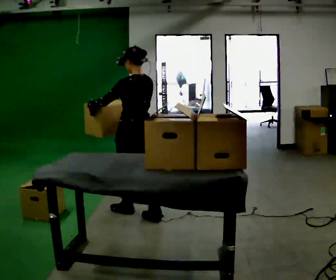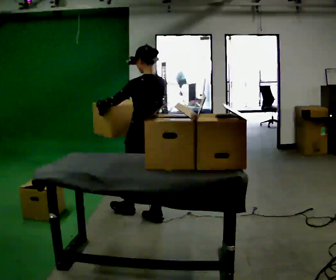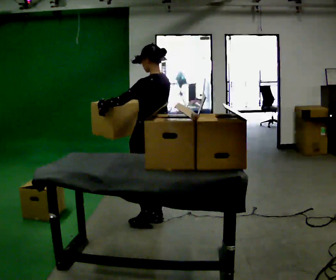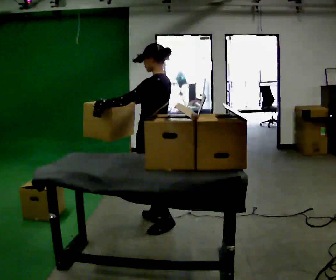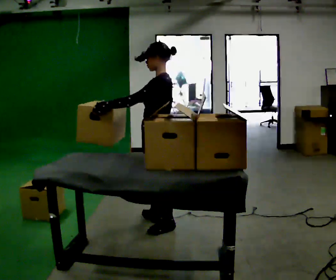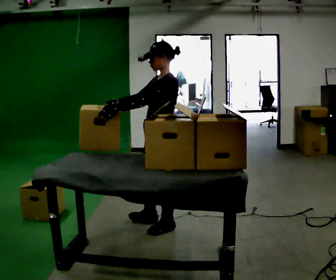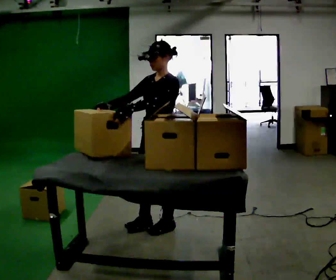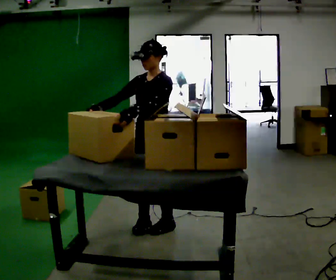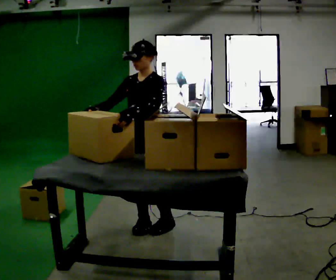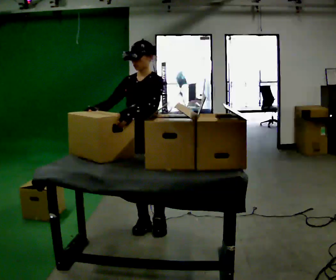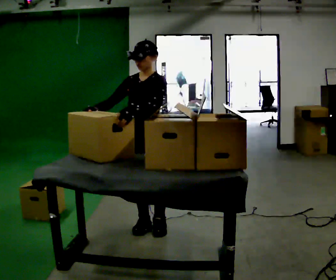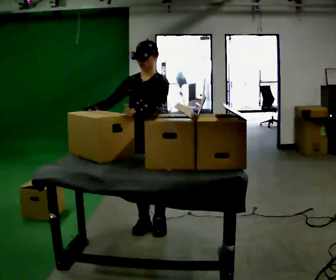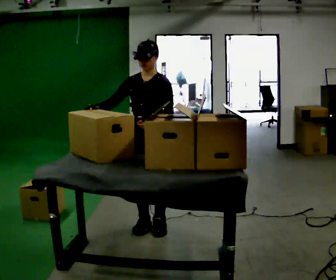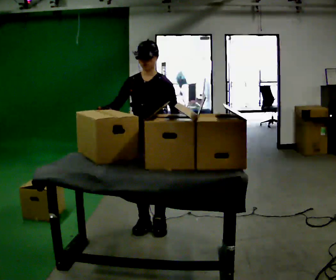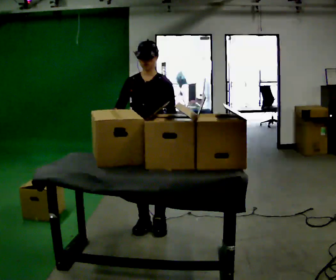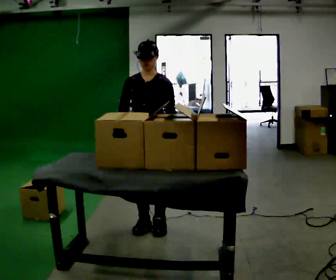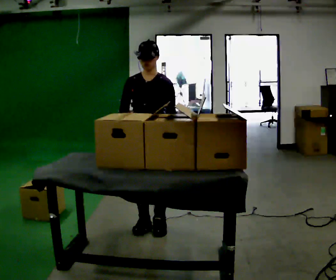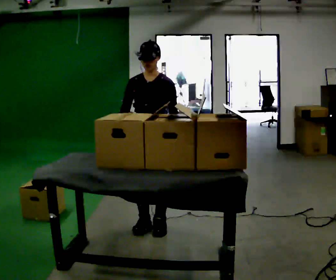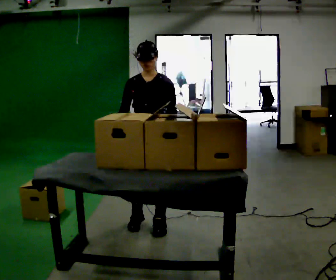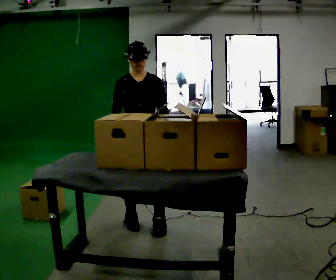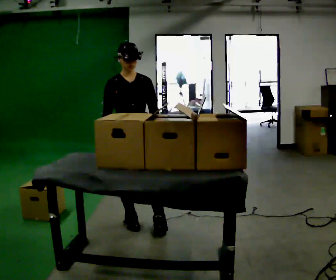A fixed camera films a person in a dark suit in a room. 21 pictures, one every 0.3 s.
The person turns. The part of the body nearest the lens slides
to the right.
The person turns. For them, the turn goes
to their left.
0.0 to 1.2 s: The part of the body nearest the lens slides to the right as the person turns to their left by about 45 degrees. In the picture they go toward the camera and to the right, about 0.25 m in 1 step, which for them is backward.
1.2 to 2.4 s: Seen from above the body turns counterclockwise, about 60 degrees: to their left, with its near side sliding to the right.
2.4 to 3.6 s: The person moves a little, or ends about where they began.
3.6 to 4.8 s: In the picture their right hand goes to the right.
4.8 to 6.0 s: The person moves a little, or ends about where they began.
The film runs backward here.
